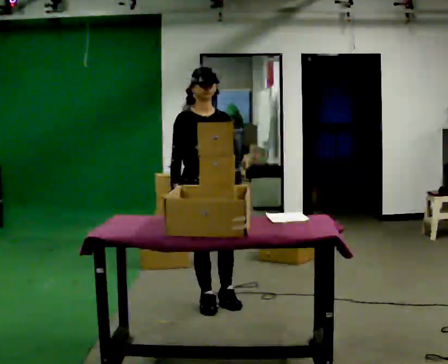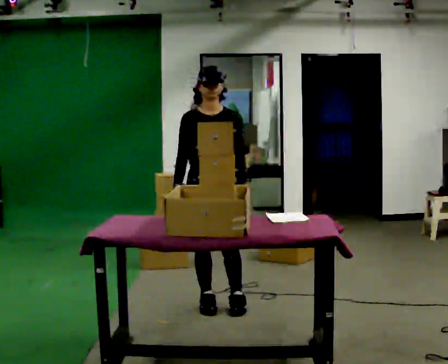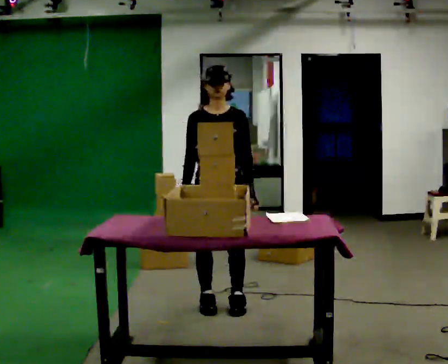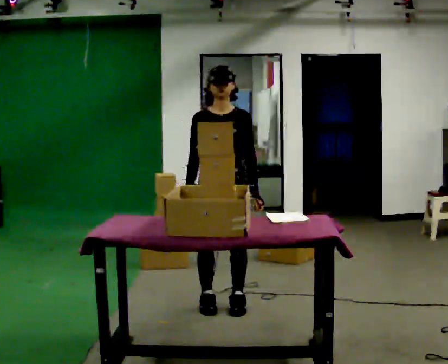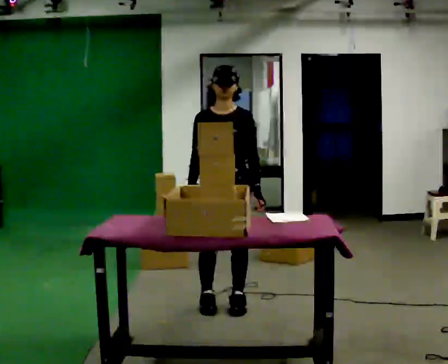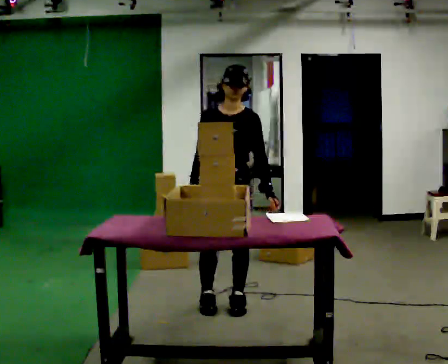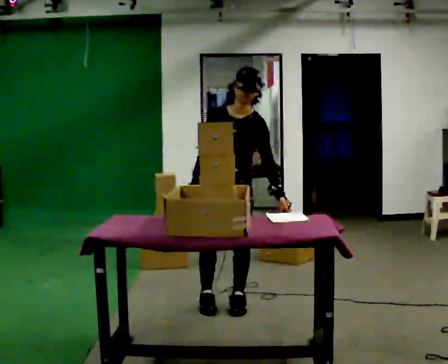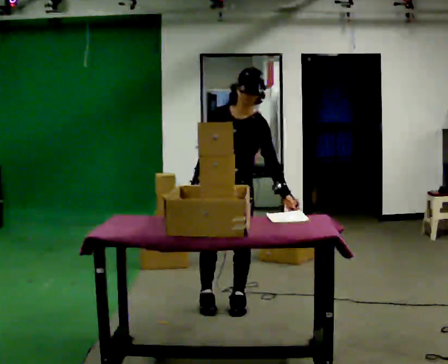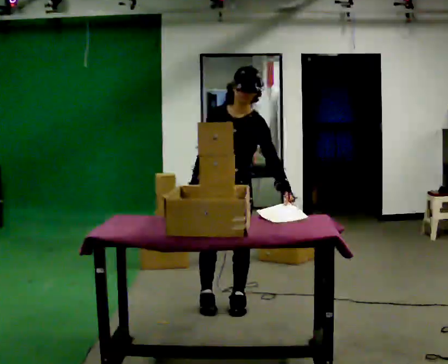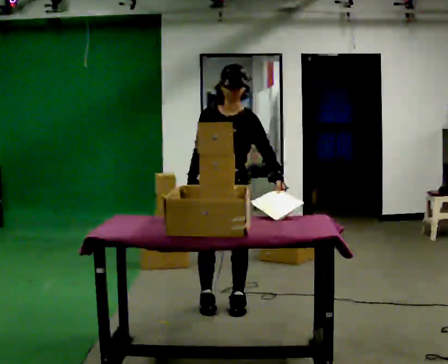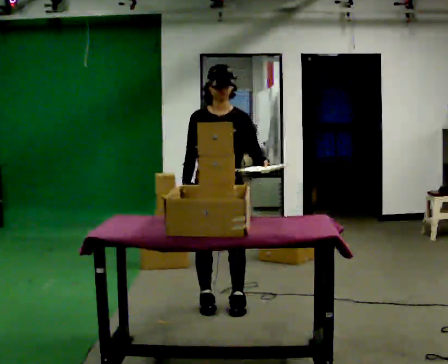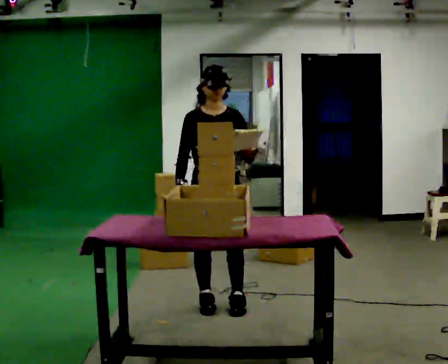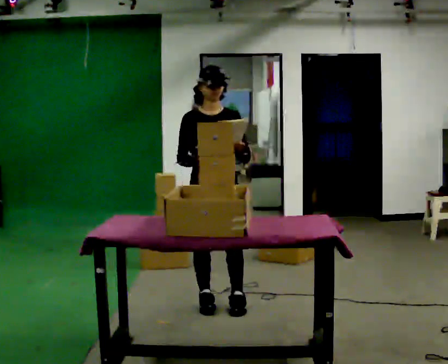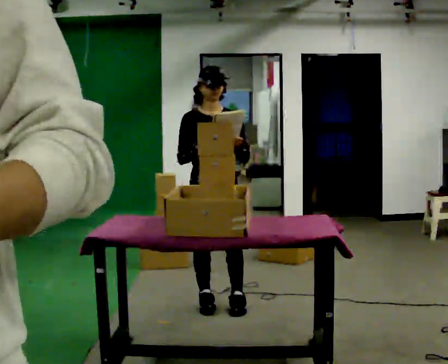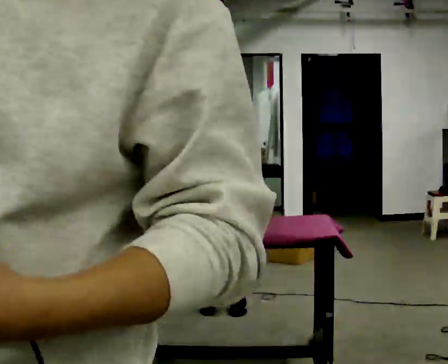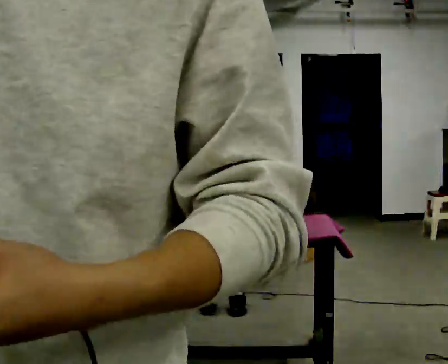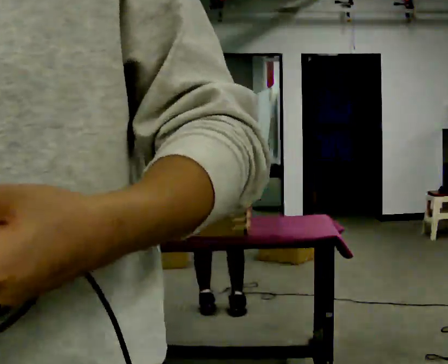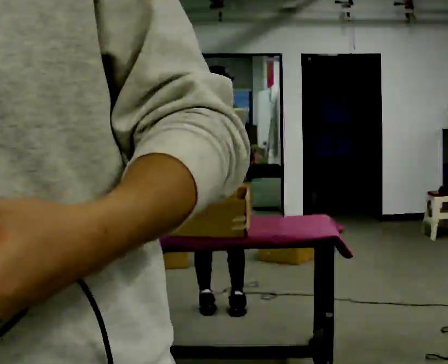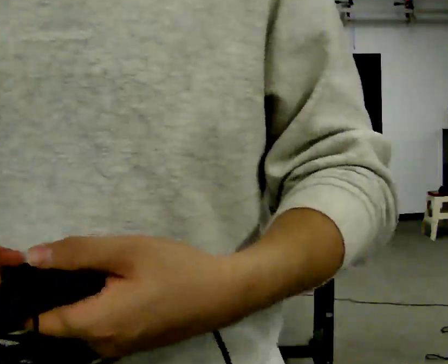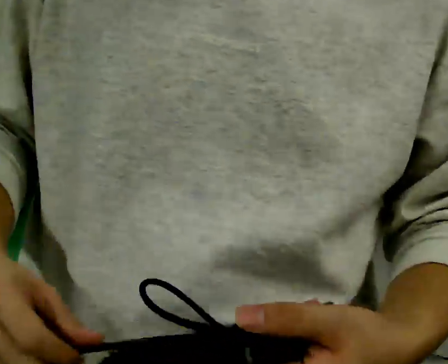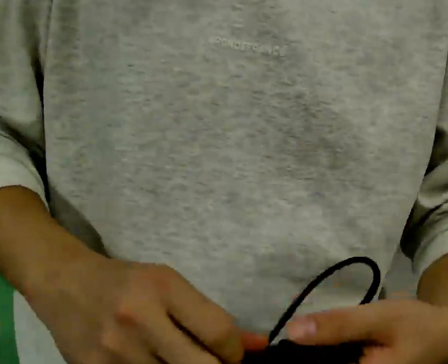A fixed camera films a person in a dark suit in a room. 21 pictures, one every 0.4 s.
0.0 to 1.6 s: Seen from above the body turns clockwise, about 30 degrees: to their right, with its near side sliding to the left.
1.6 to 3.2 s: The upper body tips toward the camera, its near side rolling downward, as they bend forward.
3.2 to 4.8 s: The upper body tips away from the camera, its near side rolling upward, as they lean back or straighten.
4.8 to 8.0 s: The person moves a little, or ends about where they began.
The film runs forward here.
